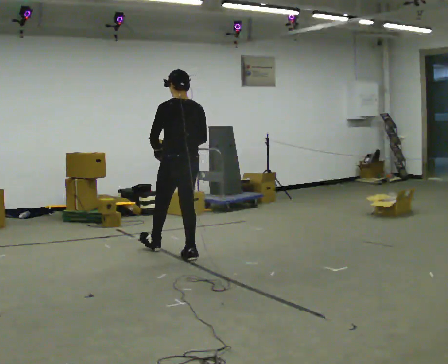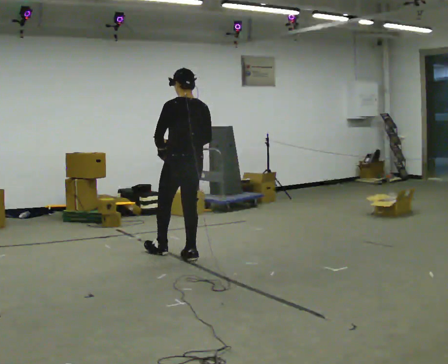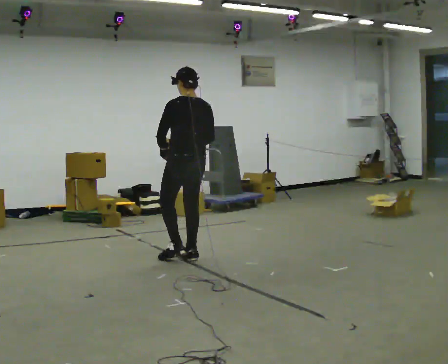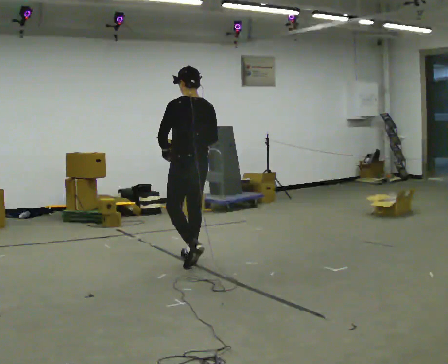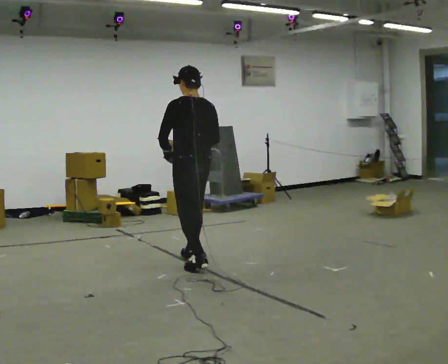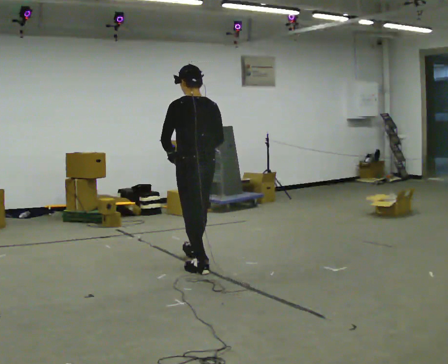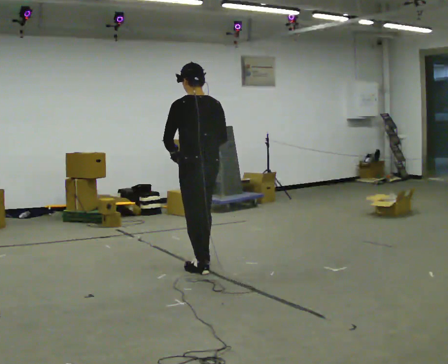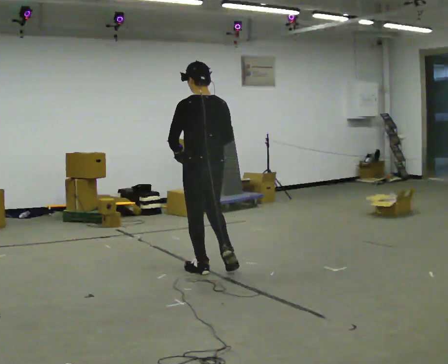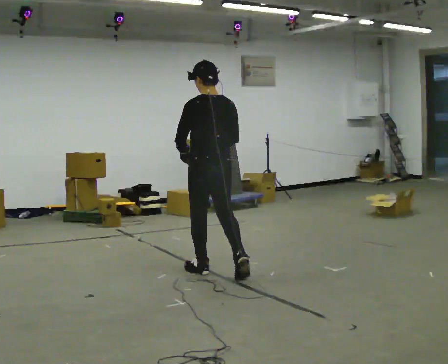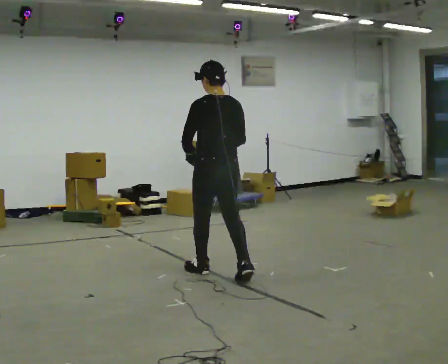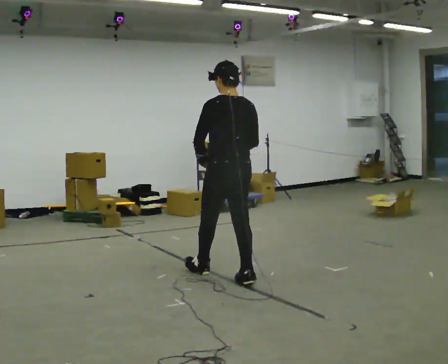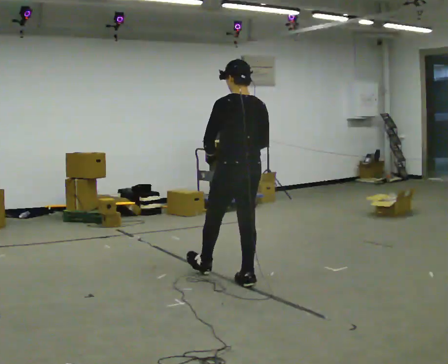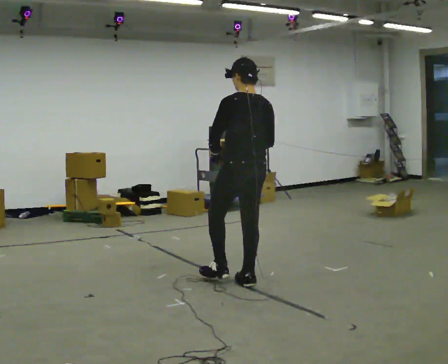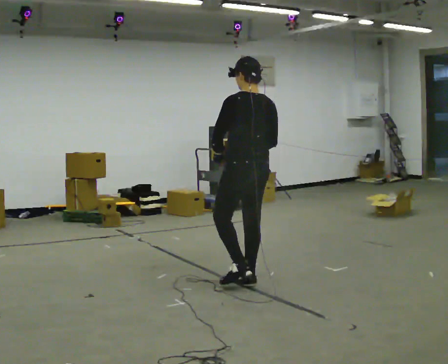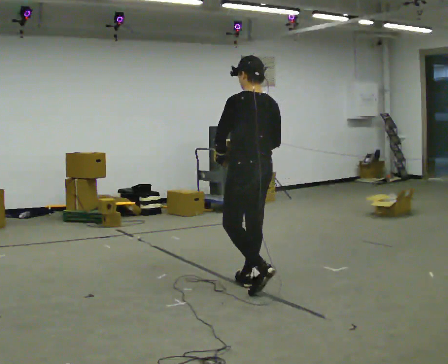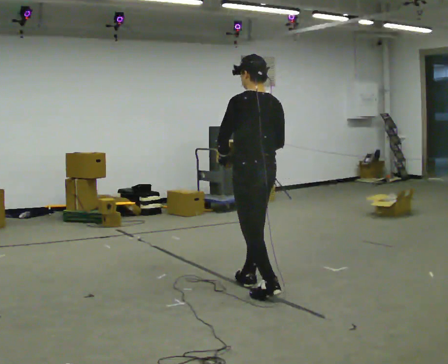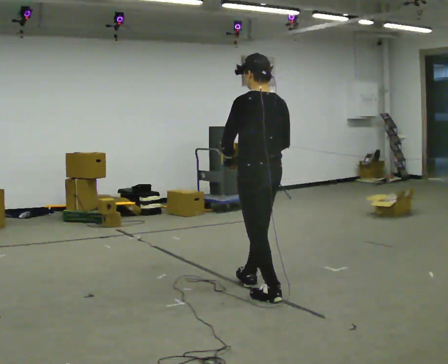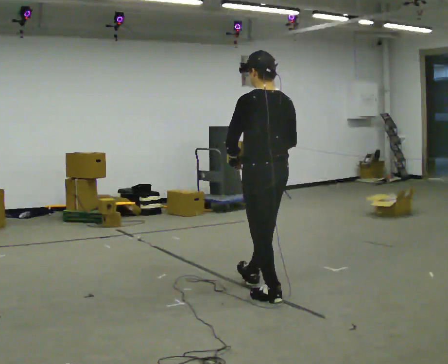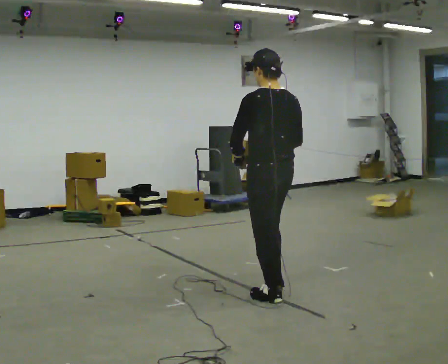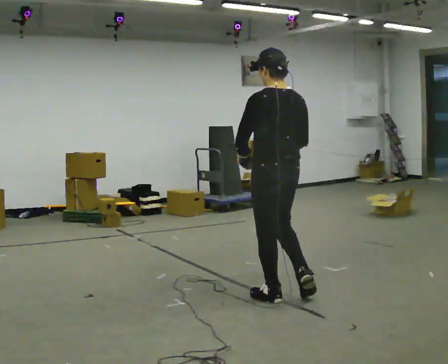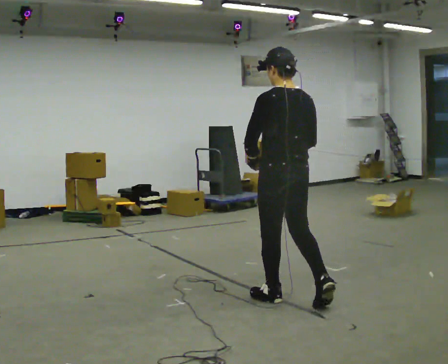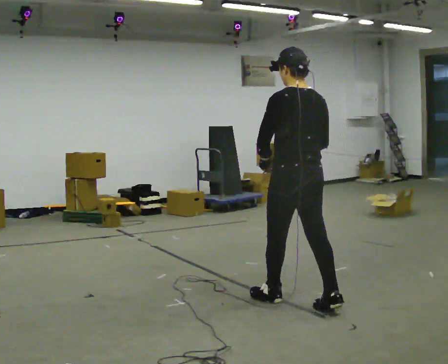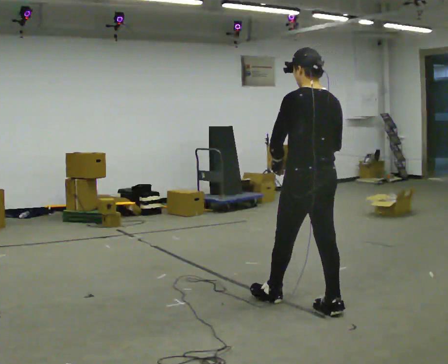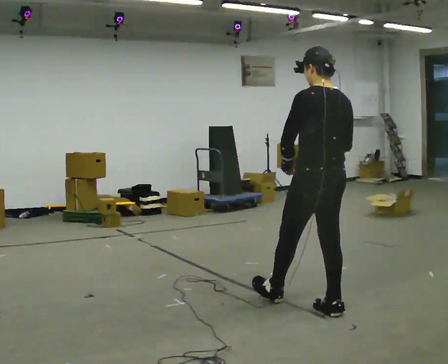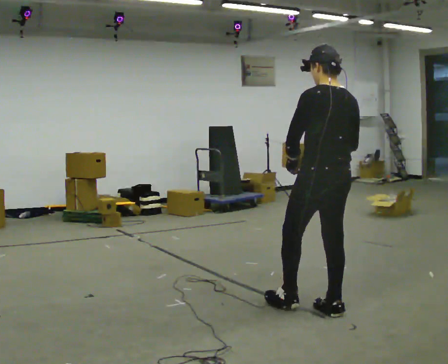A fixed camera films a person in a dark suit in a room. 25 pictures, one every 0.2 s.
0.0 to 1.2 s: In the picture they go toward the camera and to the right, about 0.5 m in 2 steps, which for them is backward.
1.2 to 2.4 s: In the picture they go to the right and toward the camera, about 0.5 m in 1 step, which for them is backward.
2.4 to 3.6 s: In the picture they go toward the camera and to the right, about 0.5 m in 1 step, which for them is backward.
3.6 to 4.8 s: In the picture they go to the right and toward the camera, about 0.5 m in 1 step, which for them is backward and to their right.
The film runs backward here.
